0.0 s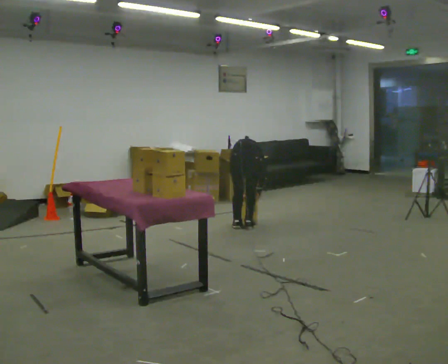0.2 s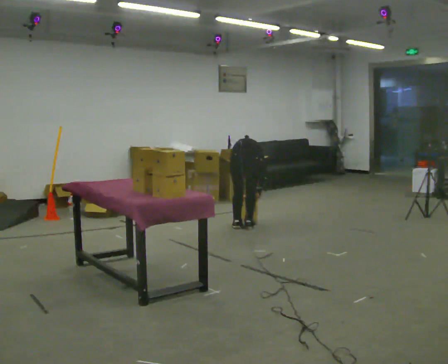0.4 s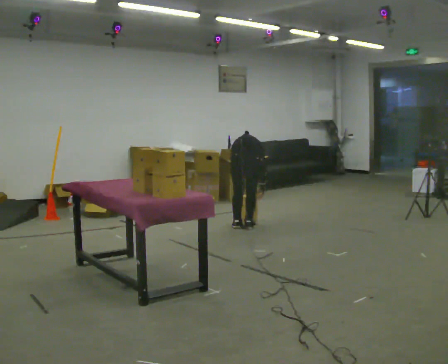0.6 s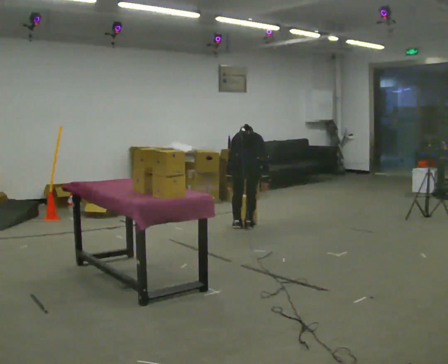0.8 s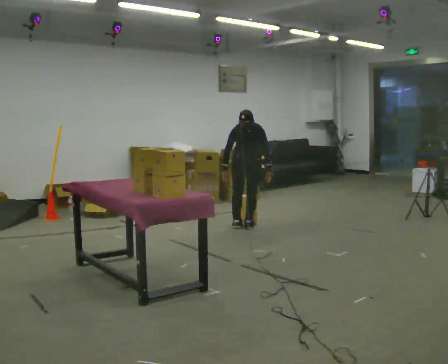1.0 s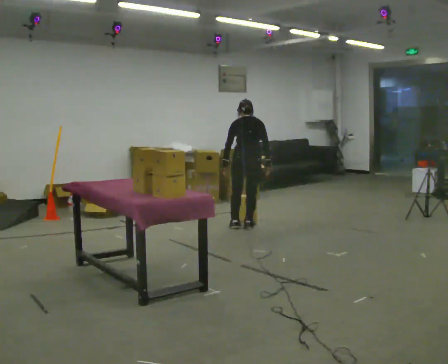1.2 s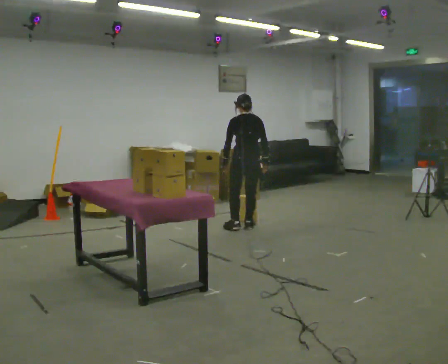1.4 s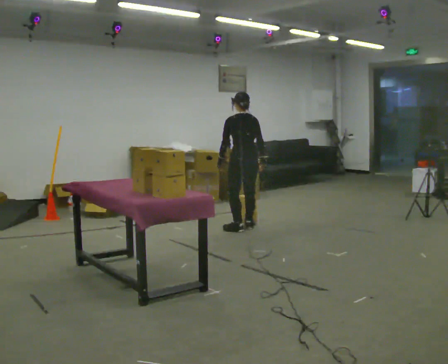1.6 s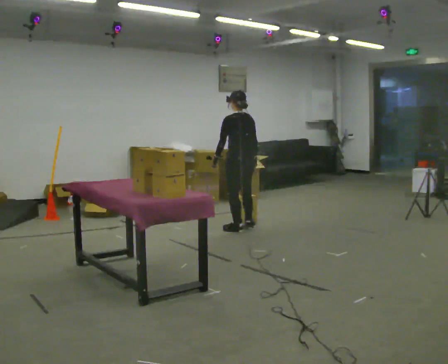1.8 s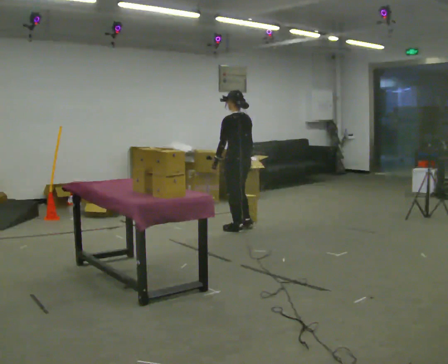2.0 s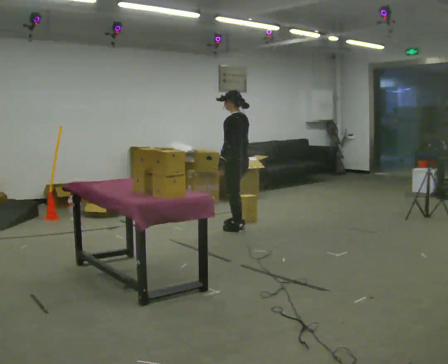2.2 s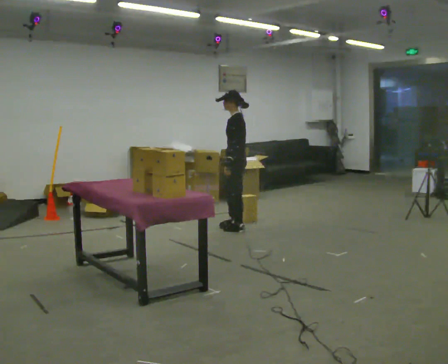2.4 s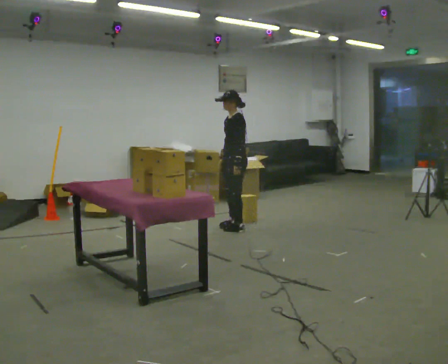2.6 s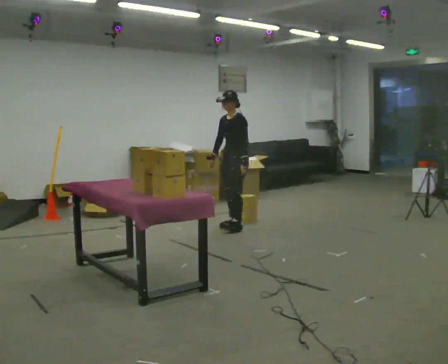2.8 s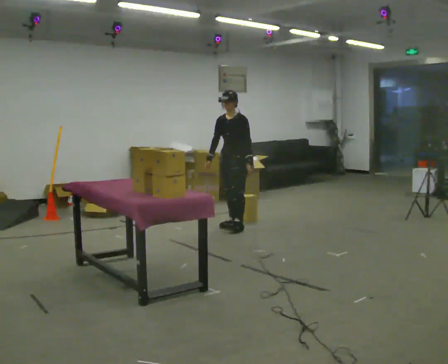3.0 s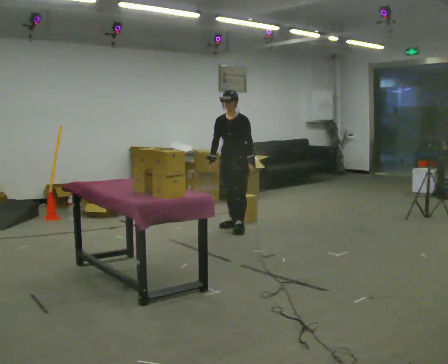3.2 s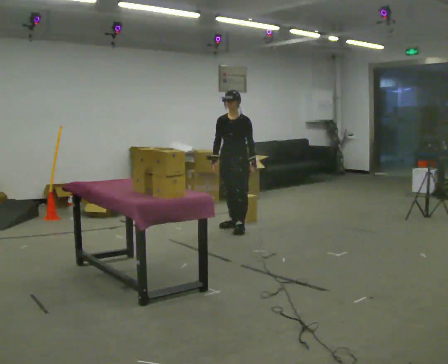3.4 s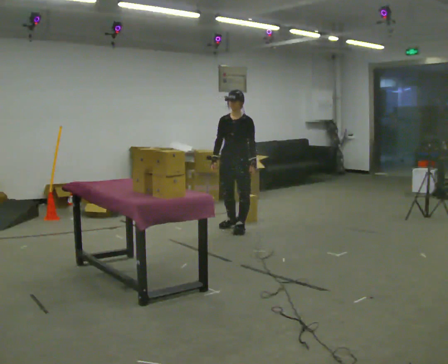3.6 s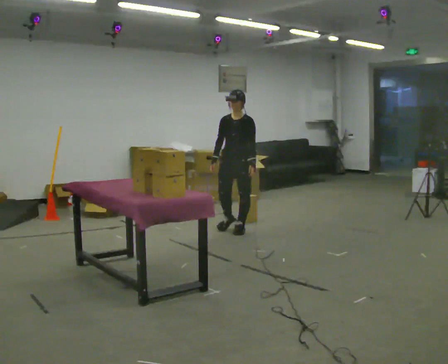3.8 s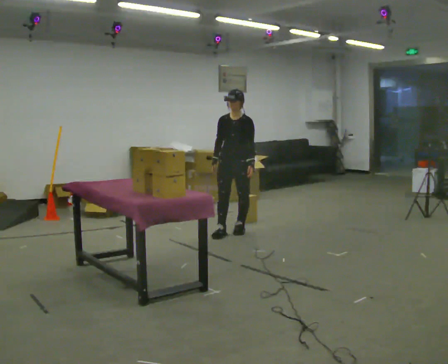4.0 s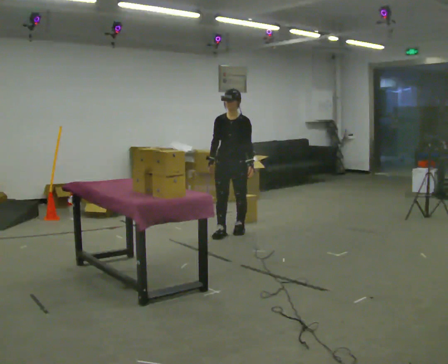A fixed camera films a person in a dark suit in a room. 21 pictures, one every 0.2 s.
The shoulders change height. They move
upward.
Their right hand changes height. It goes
upward.
0.0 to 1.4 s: The person turns about 30 degrees to their left, counterclockwise seen from above, so the part of the body nearest the lens slides to the right. The upper body goes upward. The upper body tips toward the camera, its near side rolling downward, as they lean back or straighten. In the picture their left hand goes upward.
1.4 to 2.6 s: The person turns about 105 degrees to their left, counterclockwise seen from above, so the part of the body nearest the lens slides to the right. In the picture their right hand goes to the left, the arm swinging clockwise.
2.6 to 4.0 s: The person turns about 45 degrees to their left, counterclockwise seen from above, so the part of the body nearest the lens slides to the right. In the picture they go toward the camera, about 0.25 m in 1 step, which for them is forward.
The film runs forward here.
